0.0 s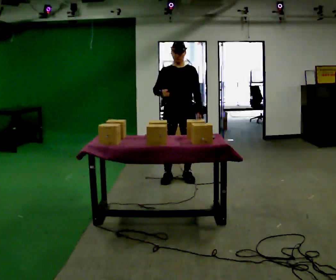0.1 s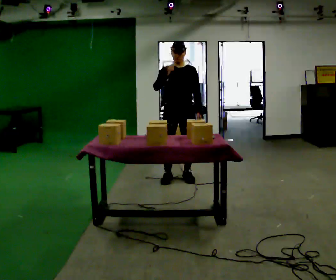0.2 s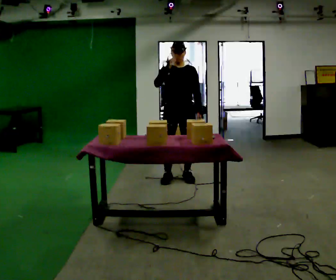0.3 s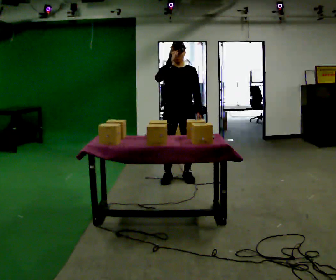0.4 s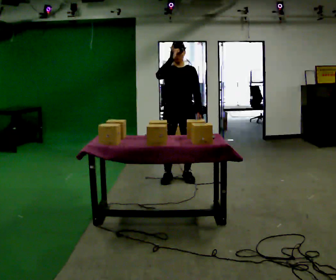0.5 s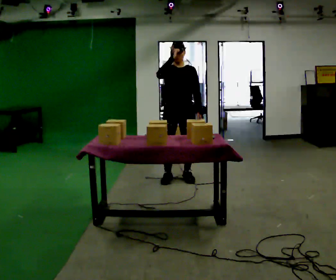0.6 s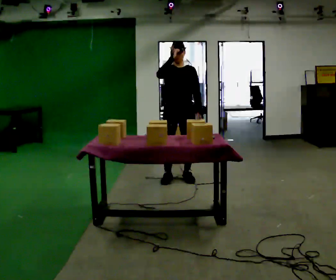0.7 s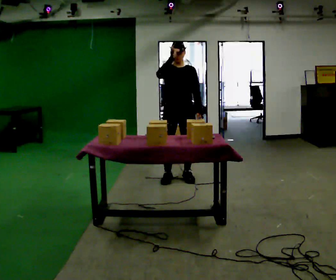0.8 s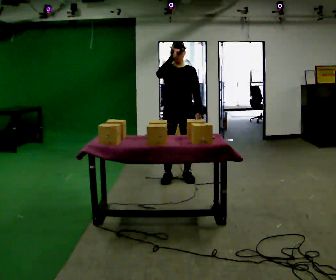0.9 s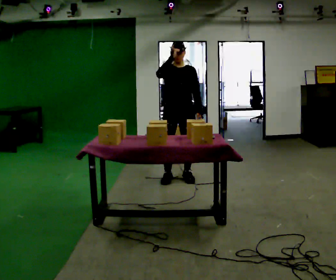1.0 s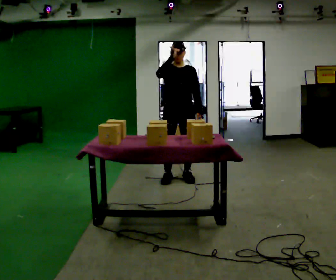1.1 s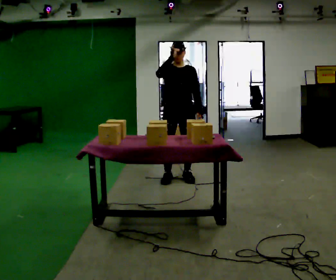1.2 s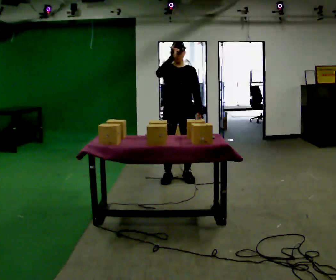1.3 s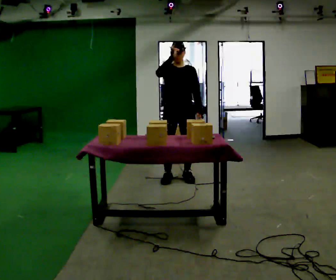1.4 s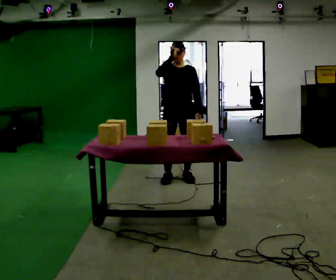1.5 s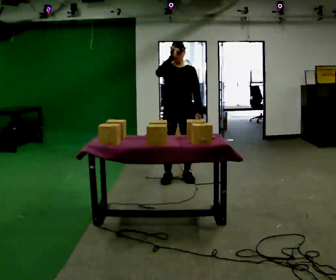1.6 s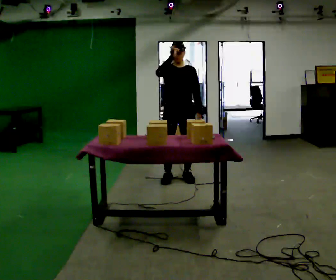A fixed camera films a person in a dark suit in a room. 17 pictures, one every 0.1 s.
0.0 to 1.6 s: In the picture their right hand goes upward.
The film runs backward here.
